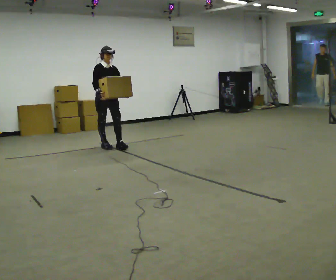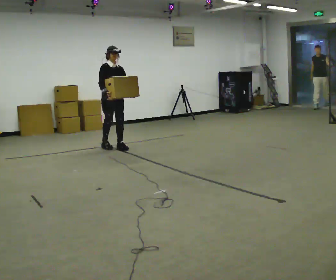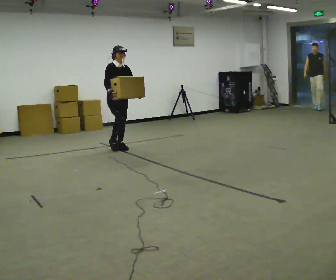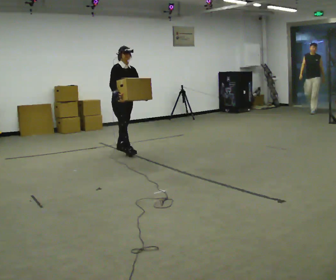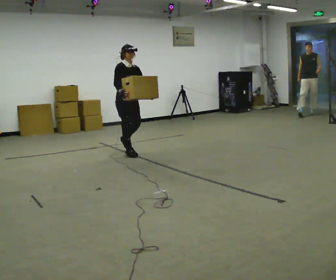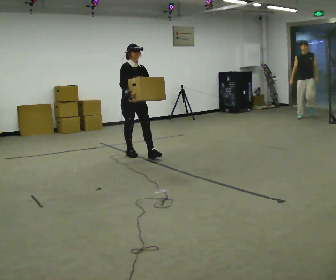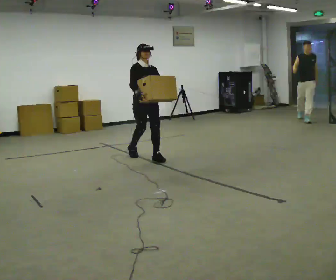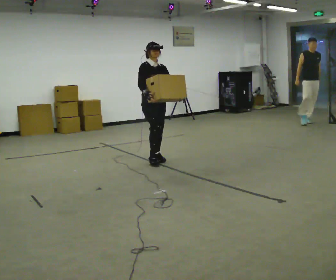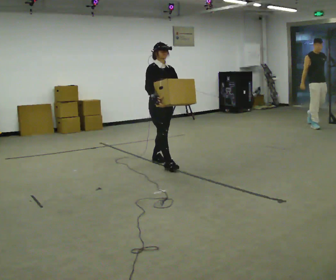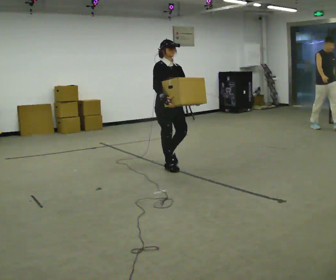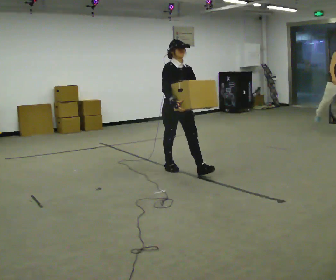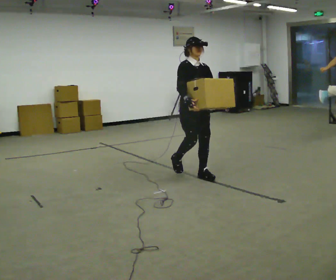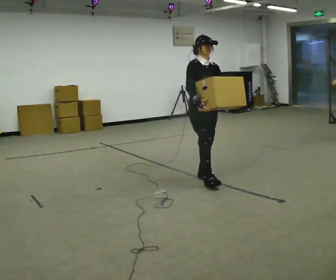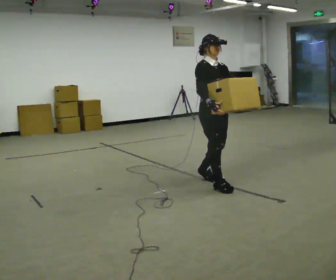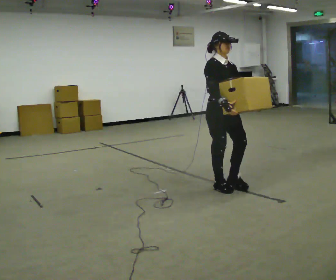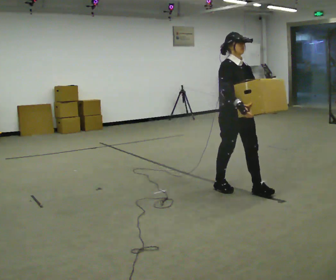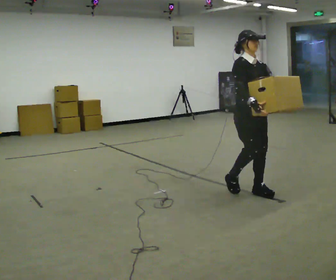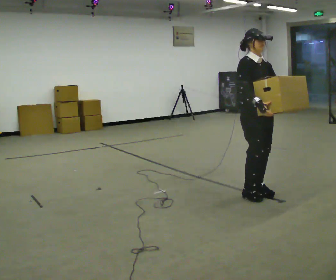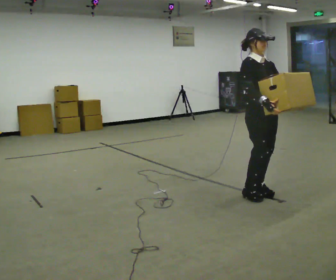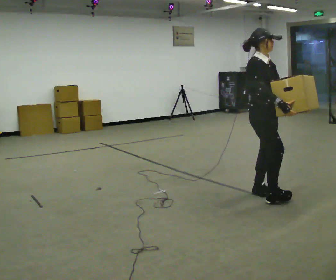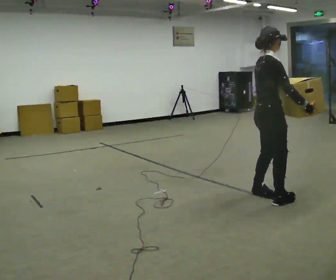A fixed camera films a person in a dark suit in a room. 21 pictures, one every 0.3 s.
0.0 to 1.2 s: In the picture they go toward the camera and to the right, about 0.5 m in 2 steps, which for them is forward.
1.2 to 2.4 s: In the picture they go toward the camera and to the right, about 1 m in 2 steps, which for them is forward.
2.4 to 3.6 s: In the picture they go toward the camera and to the right, about 1 m in 1 step, which for them is forward.
3.6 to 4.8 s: In the picture they go toward the camera and to the right, about 0.75 m in 2 steps, which for them is forward.
4.8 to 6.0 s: Seen from above the body turns counterclockwise, about 60 degrees: to their left, with its near side sliding to the right. In the picture they go toward the camera, about 0.25 m in 2 steps.
The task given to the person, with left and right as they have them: Carry the box across the room, back and forth. The operator will swap between the box with handles and the one without.
The film runs forward here.
